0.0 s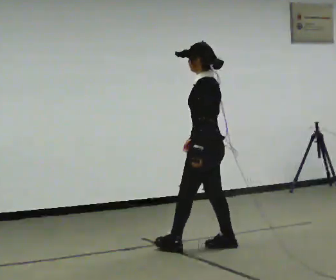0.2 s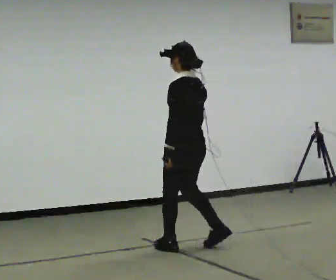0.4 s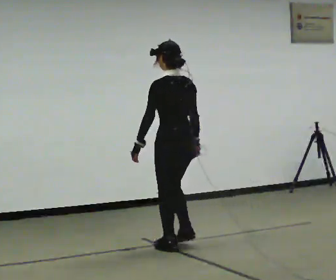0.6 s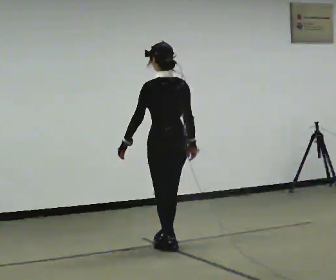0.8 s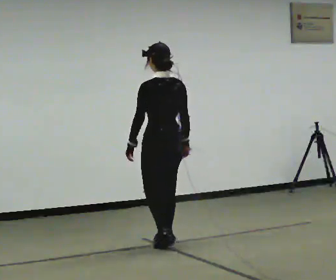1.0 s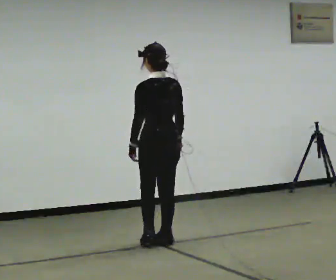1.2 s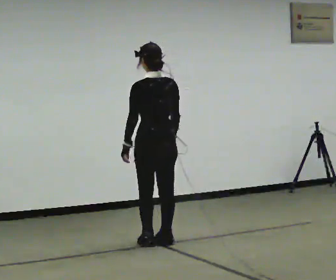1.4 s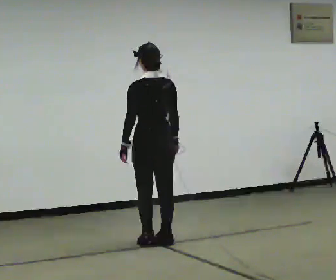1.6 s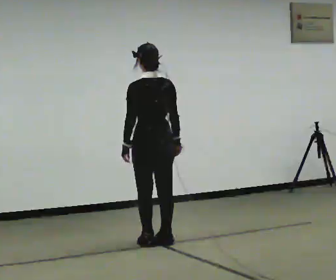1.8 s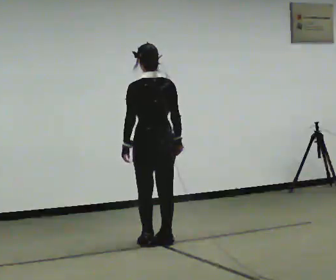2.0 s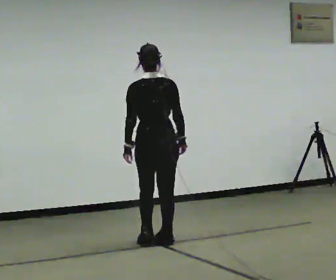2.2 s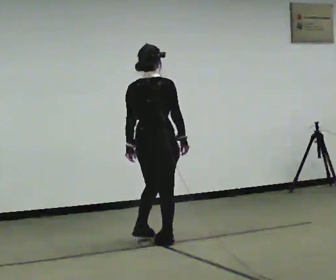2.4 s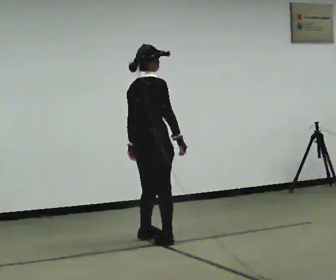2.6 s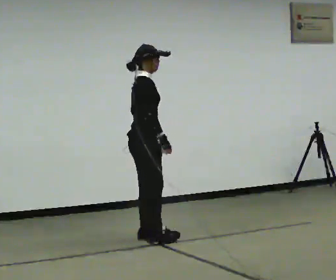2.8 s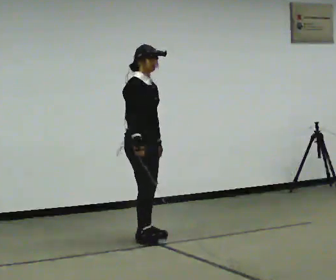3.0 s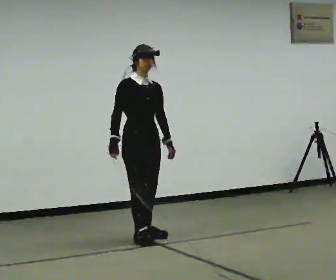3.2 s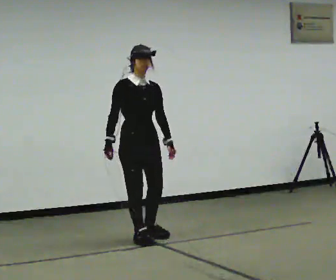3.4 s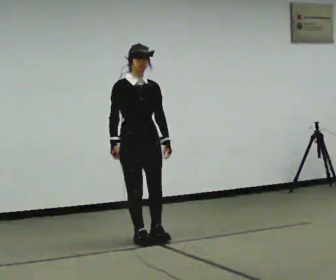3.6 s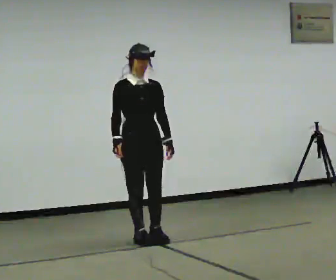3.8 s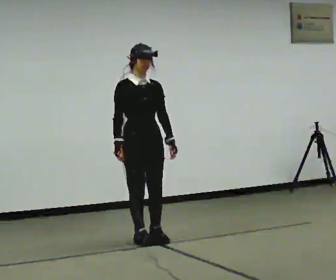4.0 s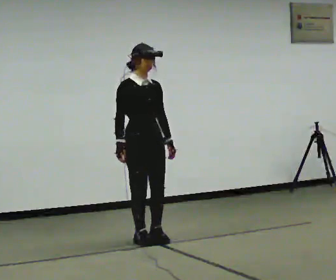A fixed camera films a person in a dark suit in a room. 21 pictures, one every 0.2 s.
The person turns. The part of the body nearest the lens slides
to the left.
The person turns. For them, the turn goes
to their right.
0.0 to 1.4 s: The person turns about 45 degrees to their right, clockwise seen from above, so the part of the body nearest the lens slides to the left. In the picture they go to the left and away from the camera, about 0.5 m in 3 steps, which for them is forward and to their left.
1.4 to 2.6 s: The person turns about 105 degrees to their right, clockwise seen from above, so the part of the body nearest the lens slides to the left.
2.6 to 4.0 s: The part of the body nearest the lens slides to the left as the person turns to their right by about 60 degrees. In the picture their right hand goes to the left.
The film runs forward here.
